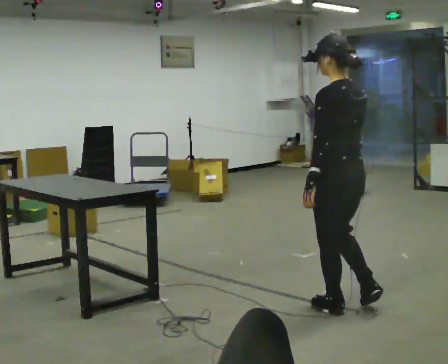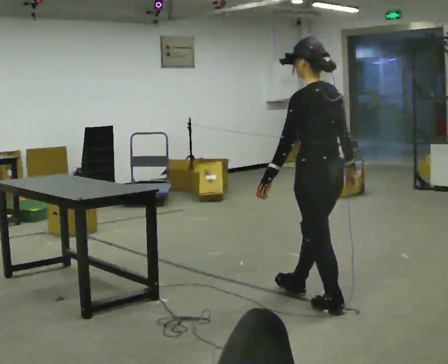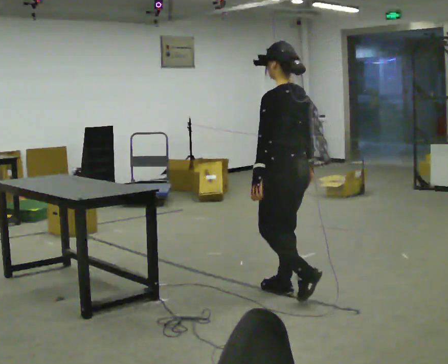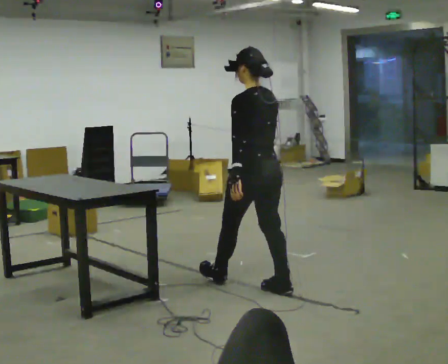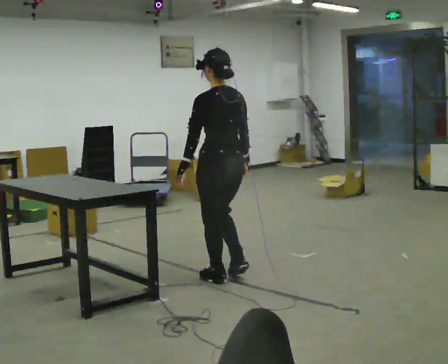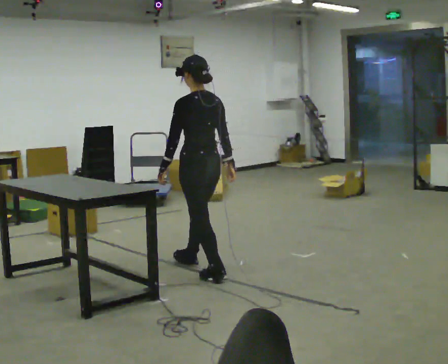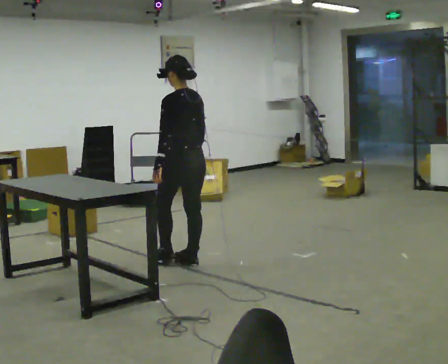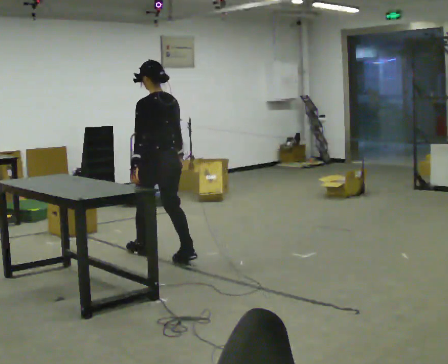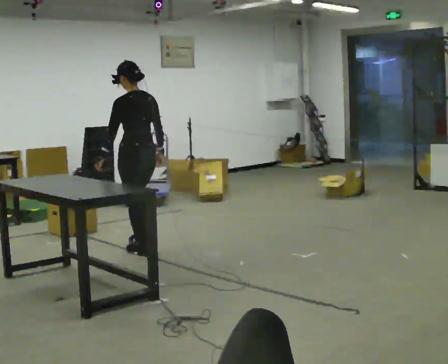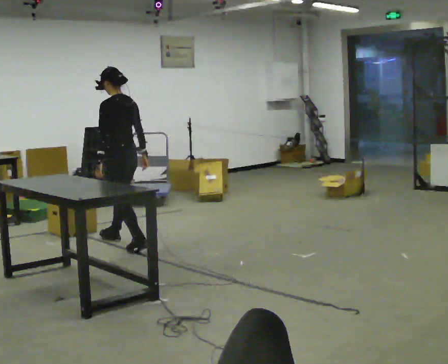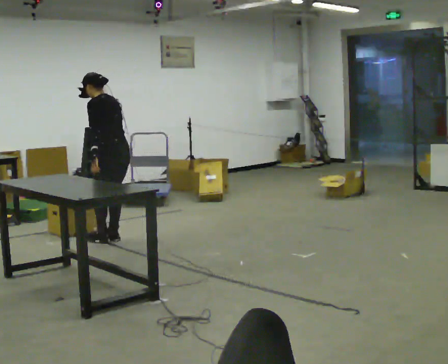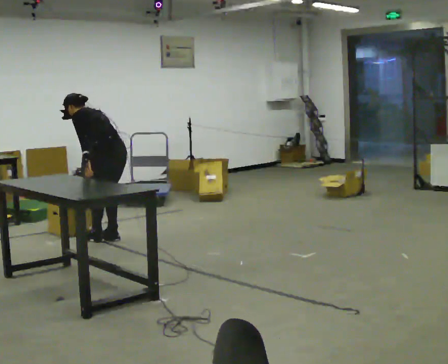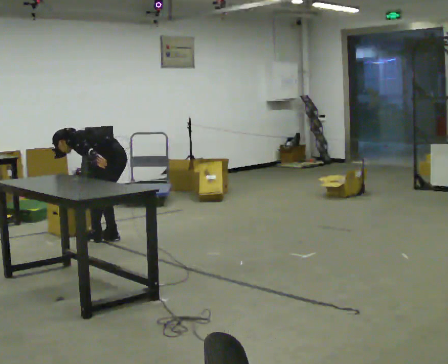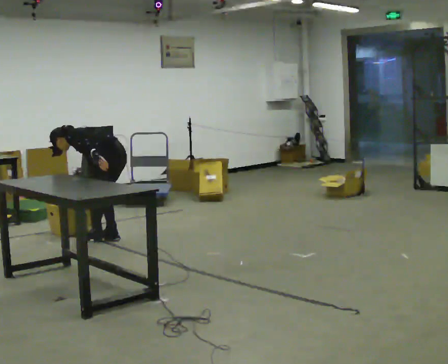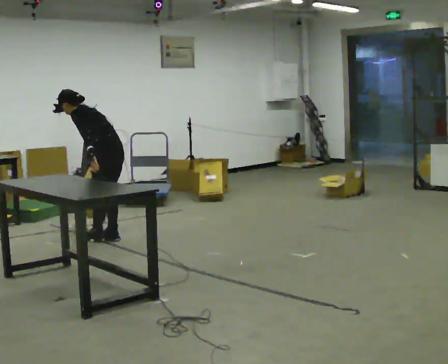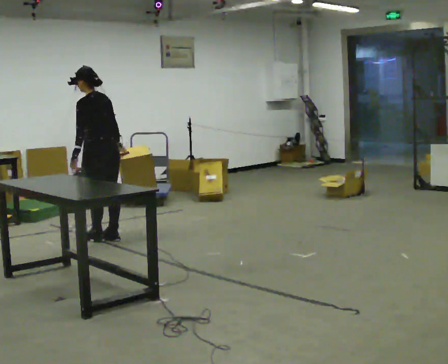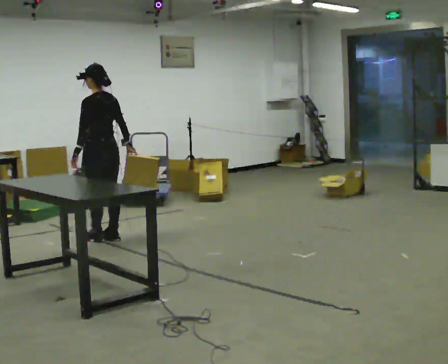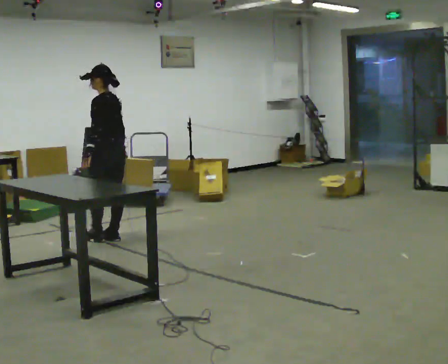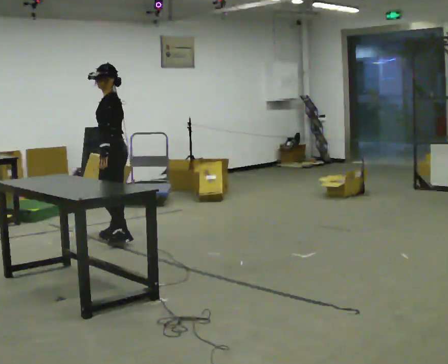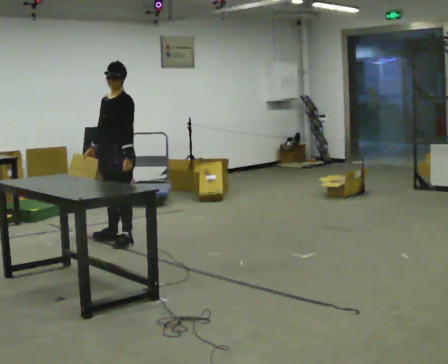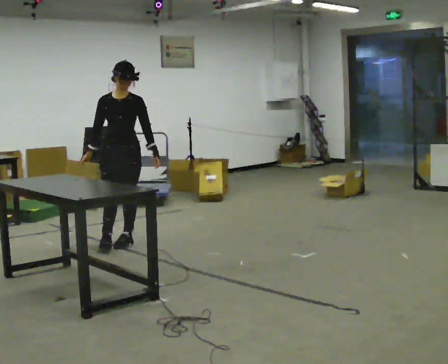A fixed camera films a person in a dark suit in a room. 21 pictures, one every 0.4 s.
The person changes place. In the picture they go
away from the camera.
0.0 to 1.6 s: In the picture they go away from the camera and to the left, about 1 m in 2 steps, which for them is forward.
1.6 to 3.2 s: In the picture they go away from the camera and to the left, about 1 m in 2 steps, which for them is forward.
3.2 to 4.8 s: In the picture they go away from the camera and to the left, about 0.5 m in 2 steps, which for them is forward. The shoulders move downward. The upper body tips away from the camera, its near side rolling upward, as they bend forward.
4.8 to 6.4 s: The upper body goes upward. In the picture the upper body tilts clockwise, shoulders to the right, as they lean back or straighten.
6.4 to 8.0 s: The person turns about 135 degrees to their left, counterclockwise seen from above, so the part of the body nearest the lens slides to the right. In the picture they go toward the camera and to the right, about 0.25 m in 1 step.
The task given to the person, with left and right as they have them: Pick the object up off the floor using only the hand the operator calls, then carry it to the table in that same hand. Keep going until the operator says stop; one object at a time, and do not rush between trips.
The film runs forward here.
